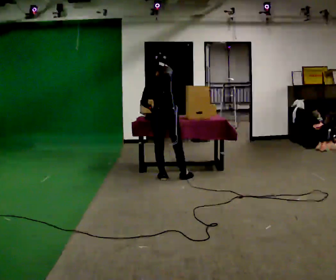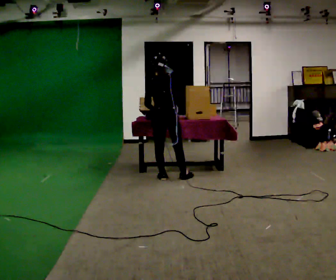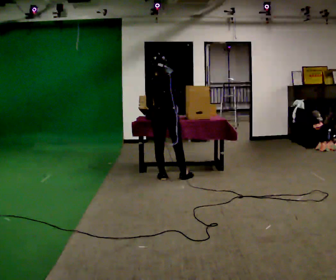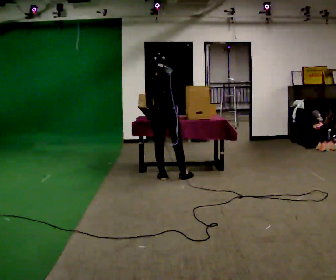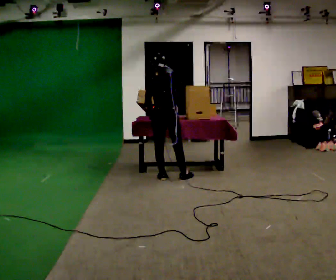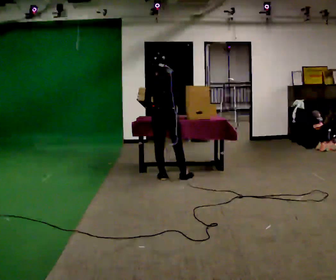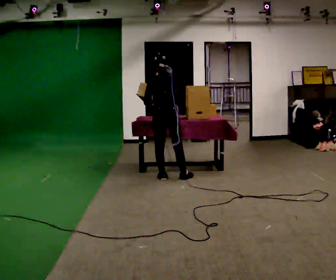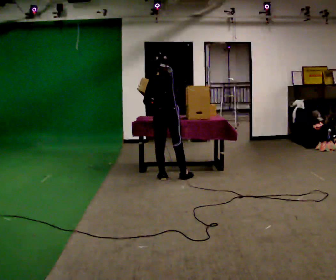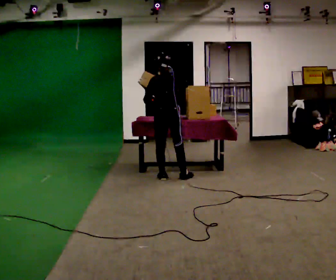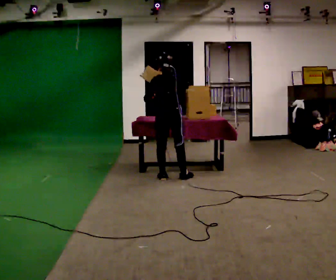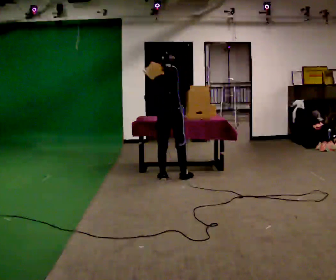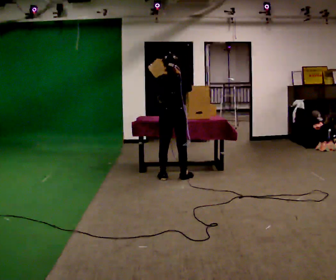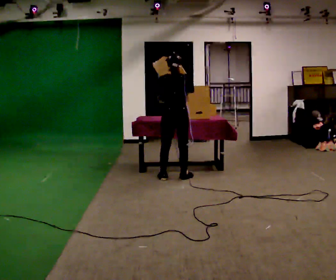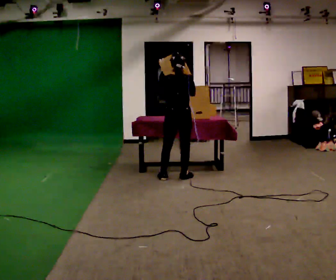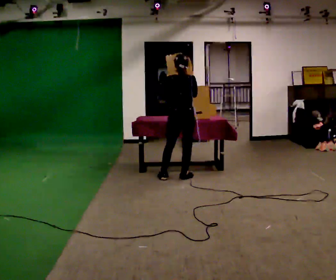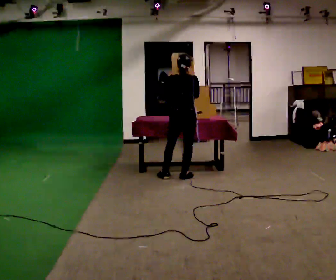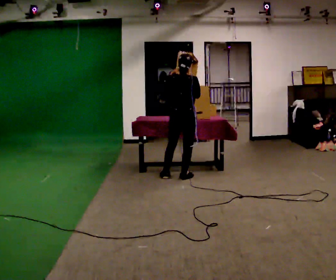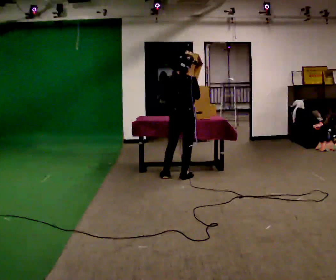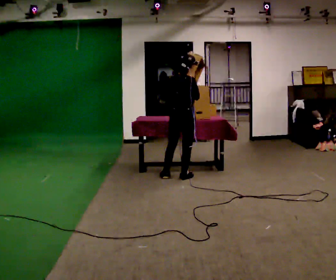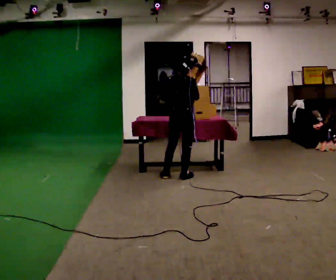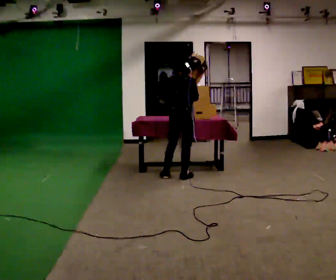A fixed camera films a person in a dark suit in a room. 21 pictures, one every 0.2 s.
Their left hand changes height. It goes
upward.
0.0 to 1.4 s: The person moves a little, or ends about where they began.
1.4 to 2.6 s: In the picture they go to the right, about 0.25 m, which for them is to their right.
2.6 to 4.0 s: Seen from above the body turns clockwise, about 30 degrees: to their right, with its near side sliding to the left.
The film runs backward here.
